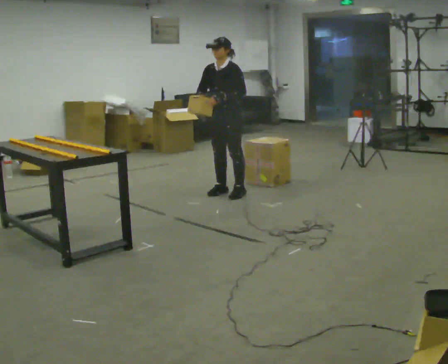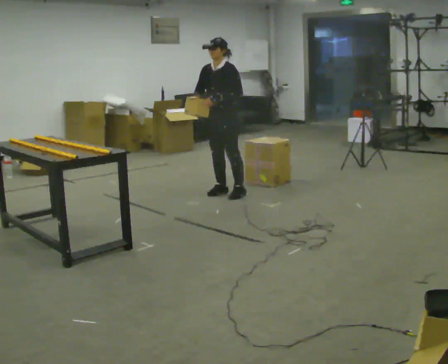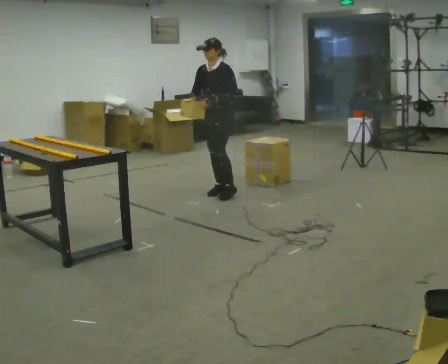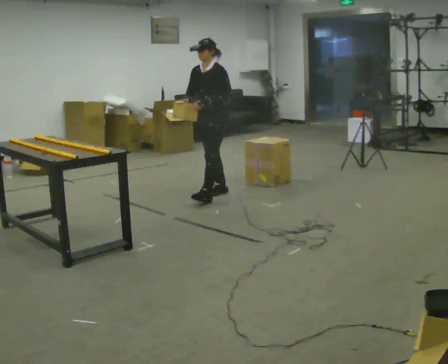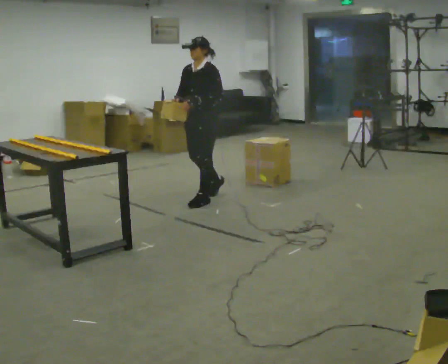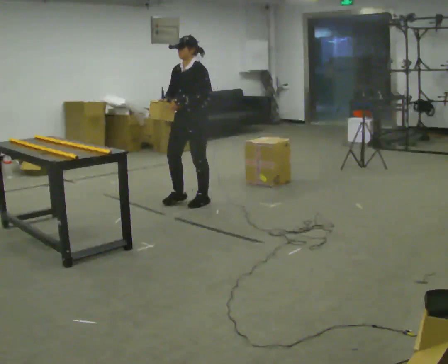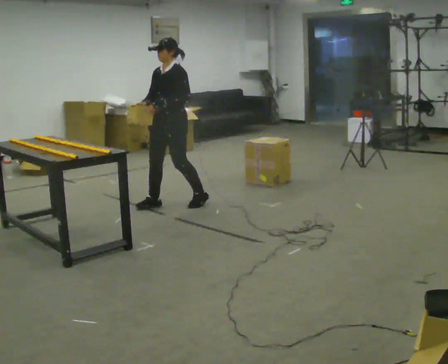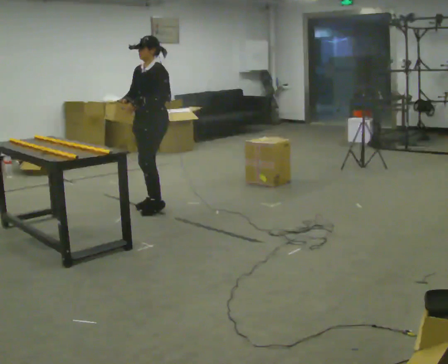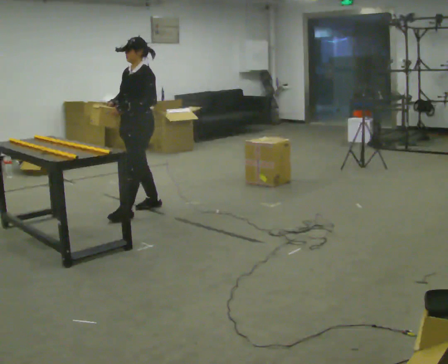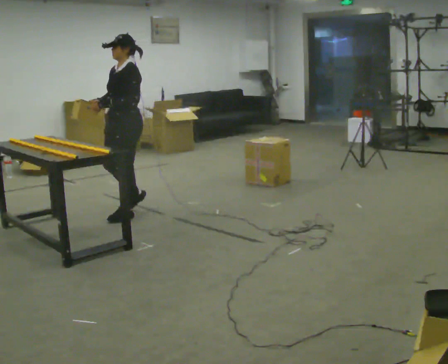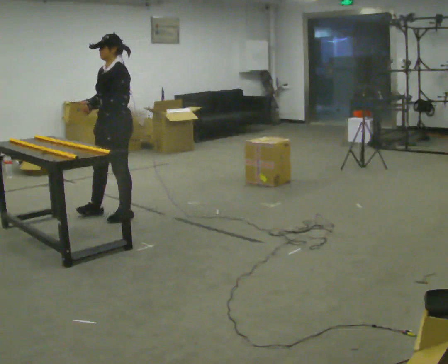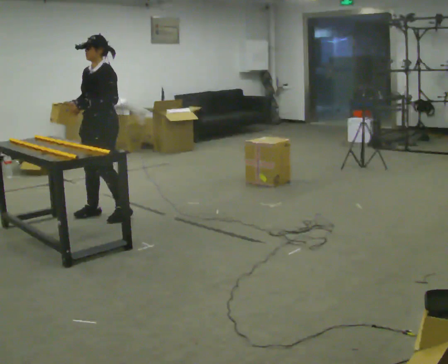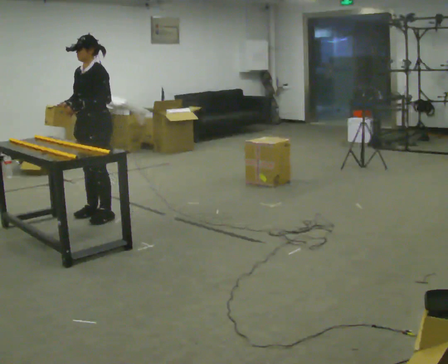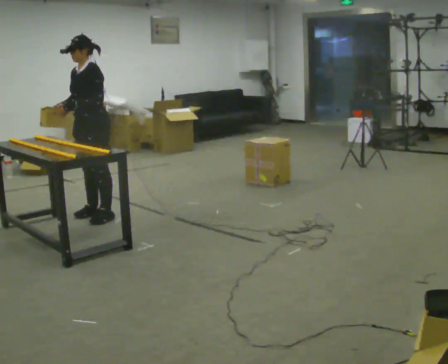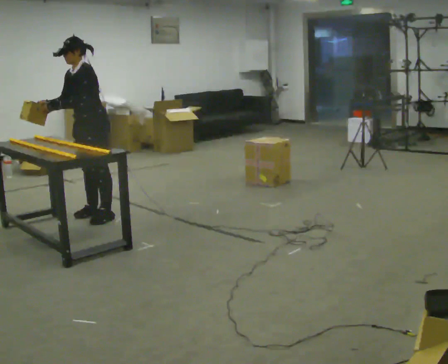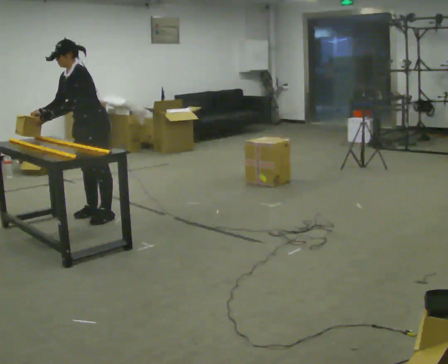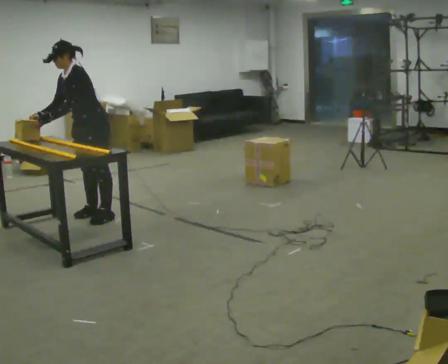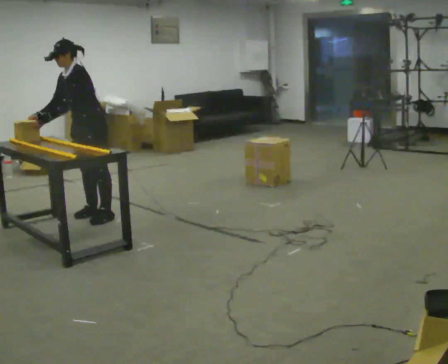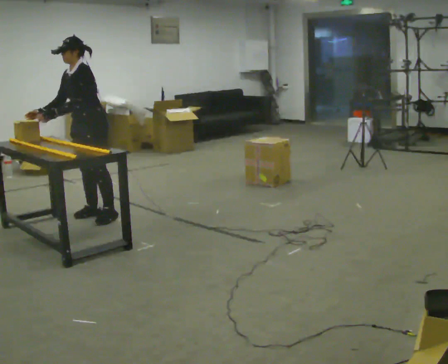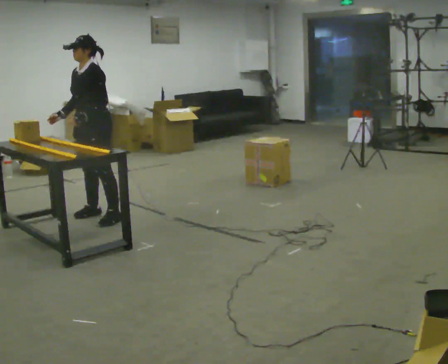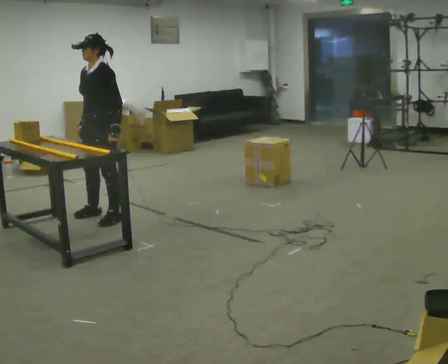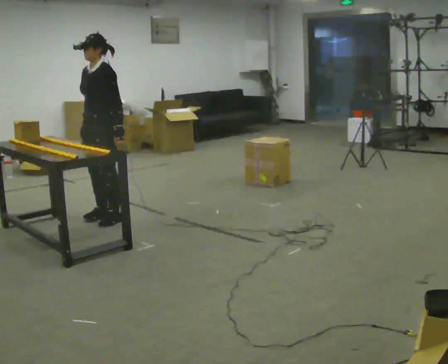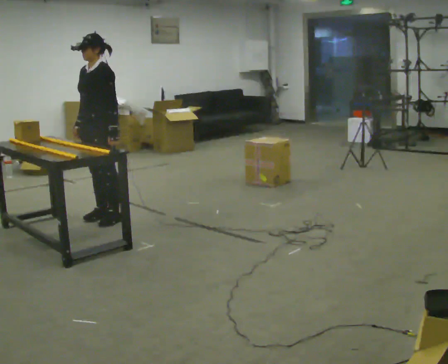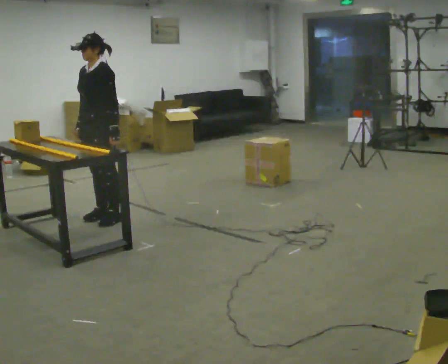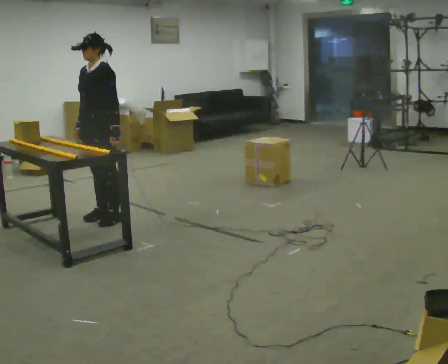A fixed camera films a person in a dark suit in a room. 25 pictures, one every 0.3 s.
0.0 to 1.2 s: In the picture they go to the left, about 0.25 m in 1 step, which for them is forward.
1.2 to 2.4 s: In the picture they go to the left, about 0.5 m in 2 steps, which for them is forward.
2.4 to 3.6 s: In the picture they go to the left, about 0.5 m in 2 steps, which for them is forward.
3.6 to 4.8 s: In the picture the upper body tilts counterclockwise, shoulders to the left, as they bend forward.
4.8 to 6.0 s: In the picture they go toward the camera, about 0.25 m, which for them is to their left. In the picture the upper body tilts clockwise, shoulders to the right, as they lean back or straighten. In the picture their left hand goes to the right, the arm swinging counterclockwise.
6.0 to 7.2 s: The person moves a little, or ends about where they began.
The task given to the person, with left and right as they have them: Carry the object across the room and slide it into the slot on the shelf. It is a close fit, so take the time you need. Keep going until the operator says stop; one object at a time, and do not rush between trips.
The film runs forward here.
